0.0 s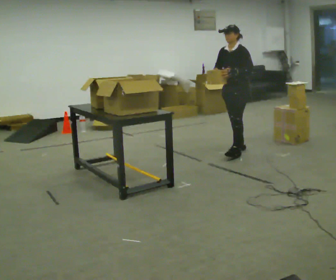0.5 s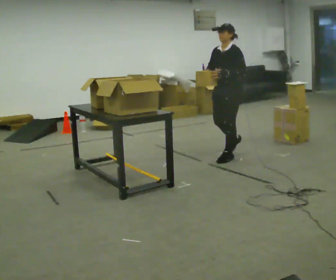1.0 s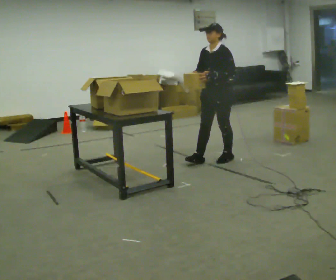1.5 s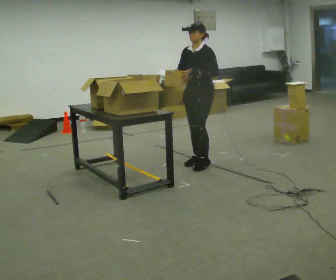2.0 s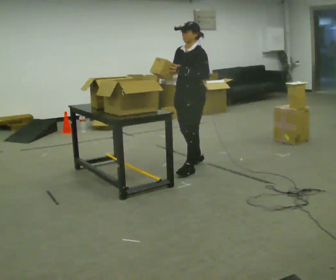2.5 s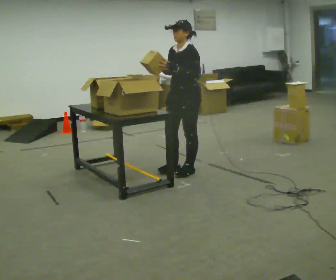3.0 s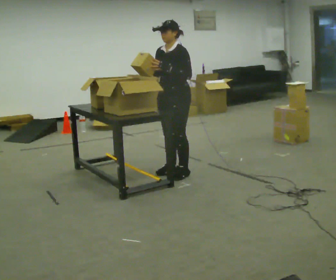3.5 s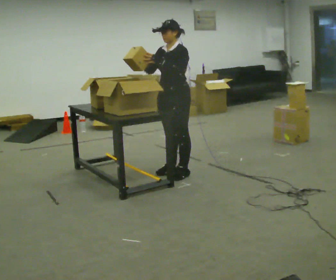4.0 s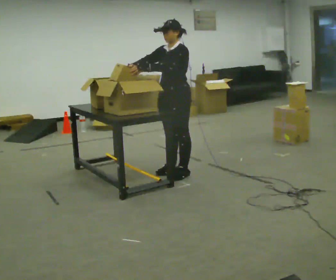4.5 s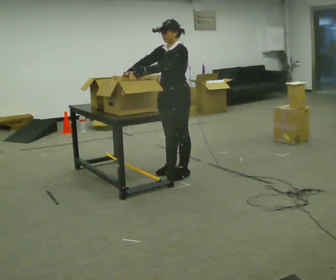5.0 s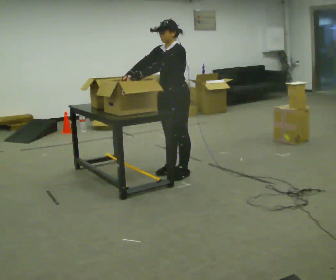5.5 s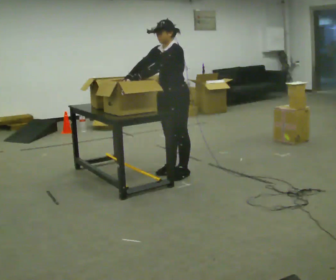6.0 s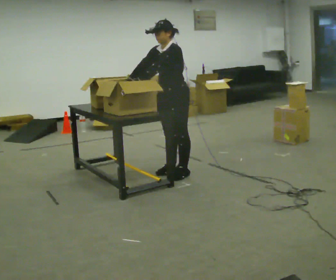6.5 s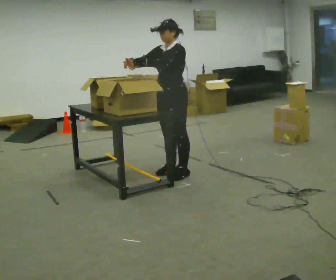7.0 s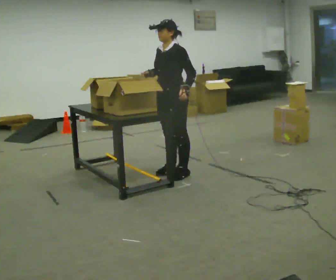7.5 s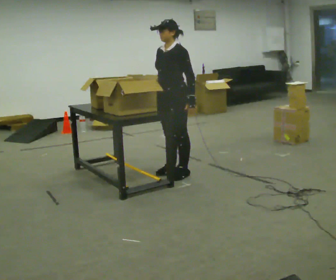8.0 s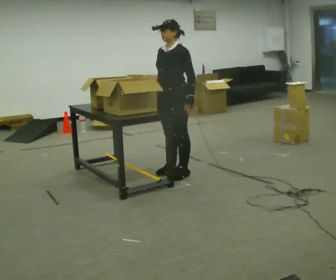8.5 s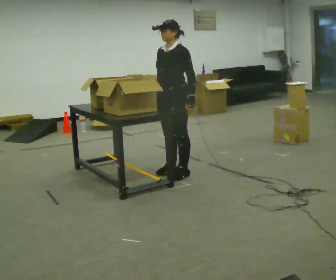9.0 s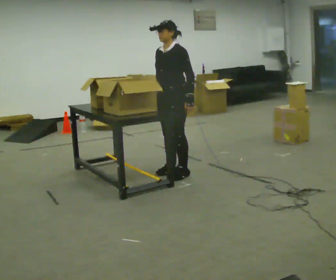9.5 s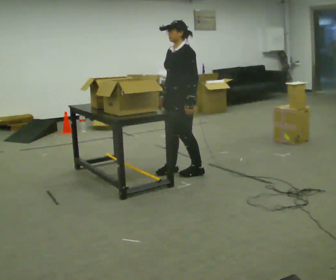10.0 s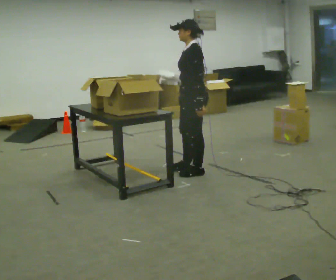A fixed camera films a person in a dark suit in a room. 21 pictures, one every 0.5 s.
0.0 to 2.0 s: In the picture they go toward the camera and to the left, about 1 m in 3 steps, which for them is forward.
2.0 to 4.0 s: In the picture they go to the left, about 0.25 m in 1 step, which for them is forward. In the picture their left hand goes to the left.
4.0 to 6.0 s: The person moves a little, or ends about where they began.
6.0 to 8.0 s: In the picture their left hand goes to the right.
8.0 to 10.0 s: The part of the body nearest the lens slides to the left as the person turns to their right by about 45 degrees. In the picture they go to the right, about 0.25 m in 1 step, which for them is backward and to their left. In the picture their right hand goes to the right.
The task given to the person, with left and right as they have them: 1. Read the list the operator gives you. 2. Collect the six items on the list from the shelves. 3. Put them all in the bin on the table. 4. Tell the operator when you are finished.
The film runs forward here.
